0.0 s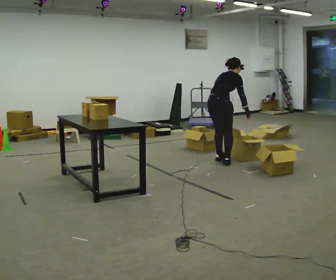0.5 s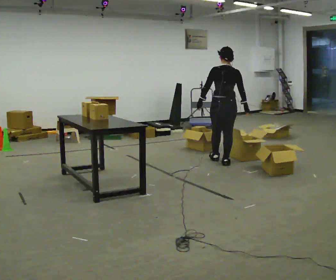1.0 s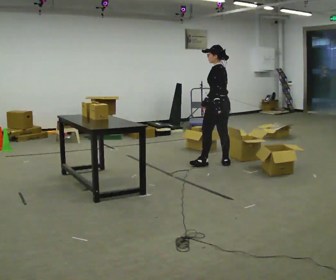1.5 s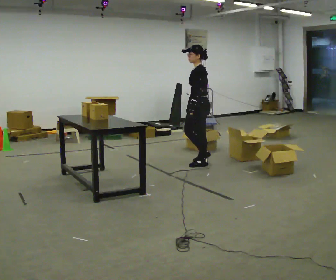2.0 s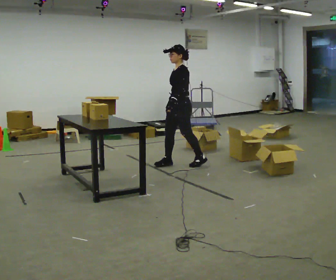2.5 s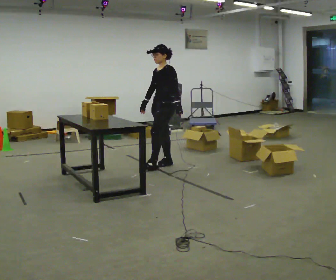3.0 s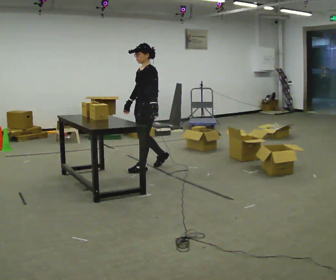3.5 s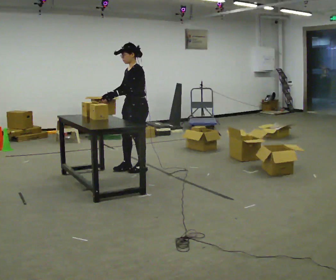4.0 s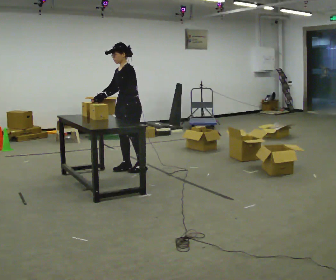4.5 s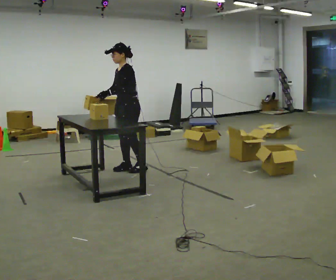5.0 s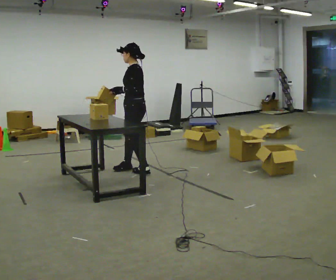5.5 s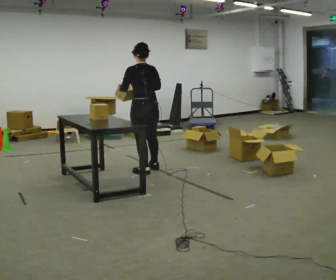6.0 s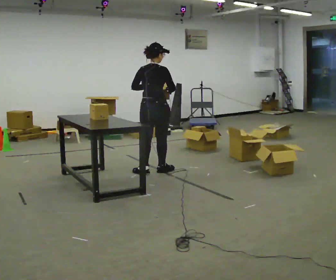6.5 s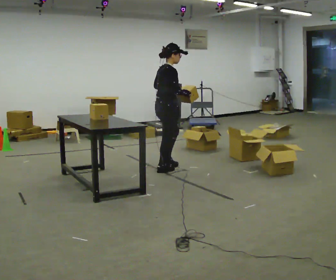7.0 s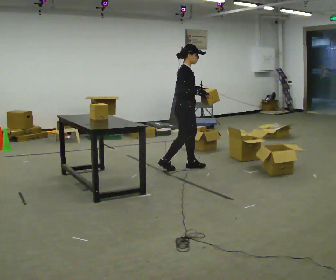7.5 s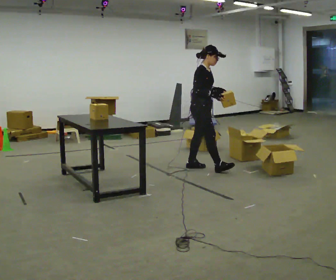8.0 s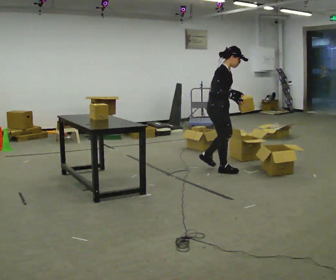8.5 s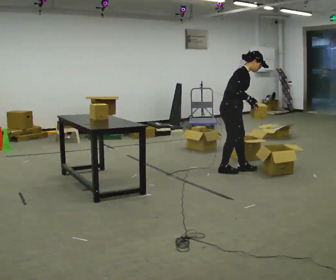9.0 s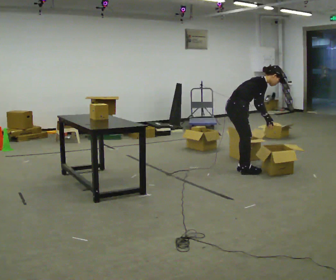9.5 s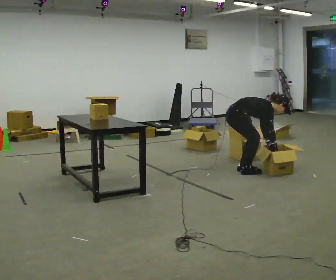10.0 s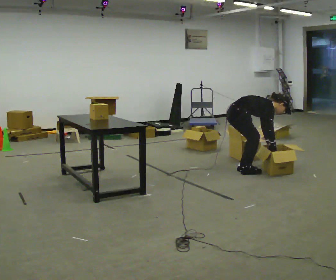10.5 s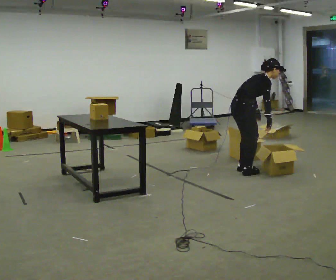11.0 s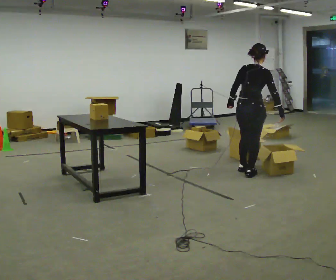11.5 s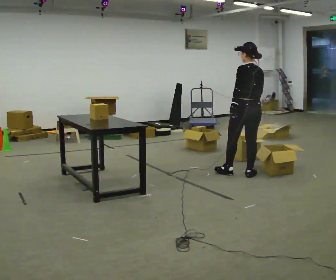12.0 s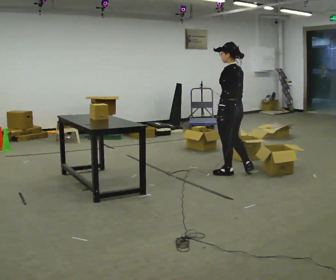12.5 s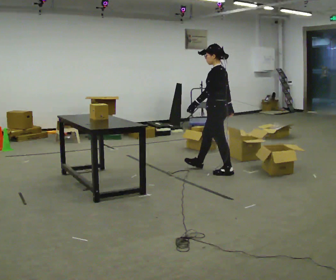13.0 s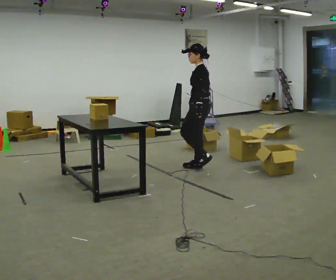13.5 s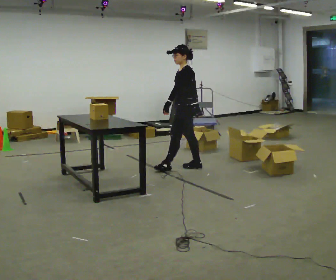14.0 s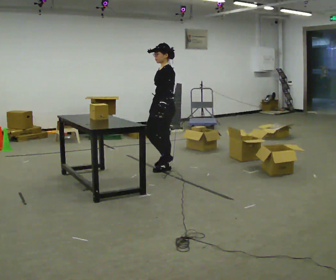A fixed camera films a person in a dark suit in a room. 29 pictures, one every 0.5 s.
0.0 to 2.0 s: Seen from above the body turns counterclockwise, about 165 degrees: to their left, with its near side sliding to the right. In the picture they go to the left, about 0.5 m in 2 steps. In the picture the upper body tilts counterclockwise, shoulders to the left, as they lean back or straighten.
2.0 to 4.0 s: In the picture they go to the left and toward the camera, about 0.75 m in 2 steps, which for them is forward.
4.0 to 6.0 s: The part of the body nearest the lens slides to the left as the person turns to their right by about 150 degrees. In the picture they go to the right, about 0.25 m in 2 steps.
6.0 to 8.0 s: The part of the body nearest the lens slides to the left as the person turns to their right by about 75 degrees. In the picture they go to the right, about 1 m in 2 steps.
8.0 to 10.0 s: In the picture they go to the right, about 0.25 m in 2 steps, which for them is forward. The shoulders move downward. In the picture the upper body tilts clockwise, shoulders to the right, as they bend forward. In the picture their left hand goes downward.
10.0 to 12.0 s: The person turns about 135 degrees to their left, counterclockwise seen from above, so the part of the body nearest the lens slides to the right. The shoulders move upward. In the picture the upper body tilts counterclockwise, shoulders to the left, as they lean back or straighten. In the picture their left hand goes to the left and upward.
12.0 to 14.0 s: Seen from above the body turns counterclockwise, about 60 degrees: to their left, with its near side sliding to the right. In the picture they go to the left, about 1 m in 2 steps.
The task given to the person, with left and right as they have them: 1. Read the parts list. 2. Collect each part from the bins around the room. 3. Lay them out on the table in the order on the list. 4. Put them all in the carry case. 5. Tell the operator when you are finished.
The film runs forward here.
